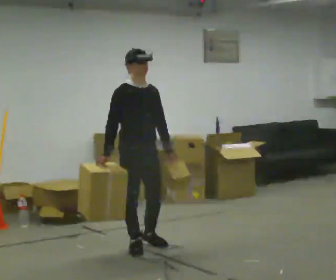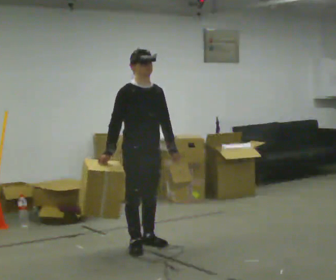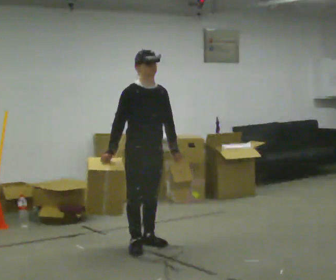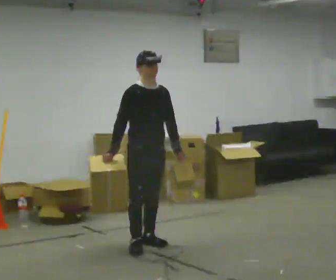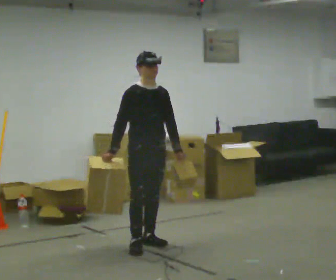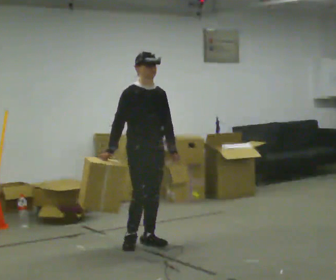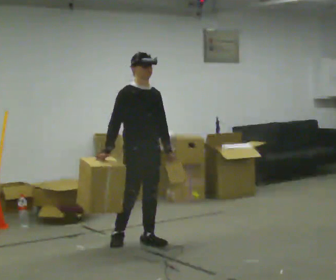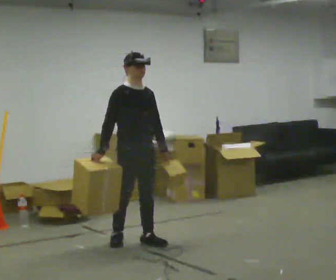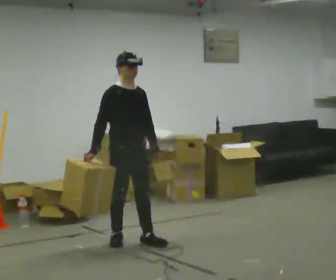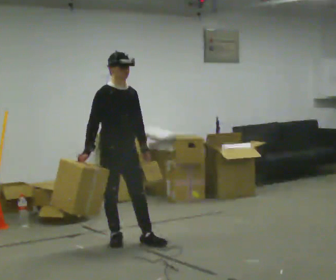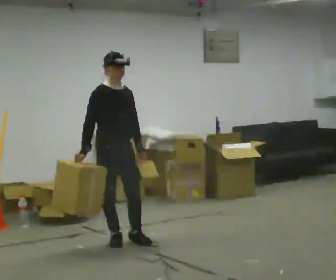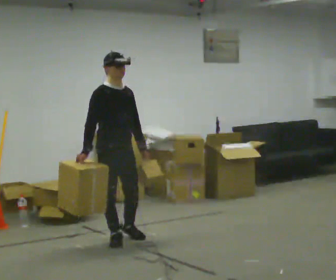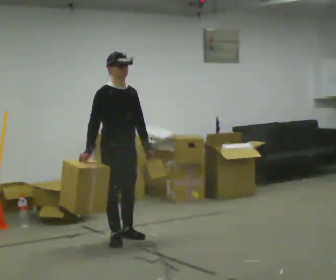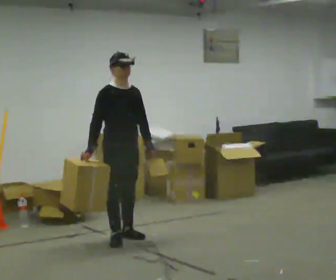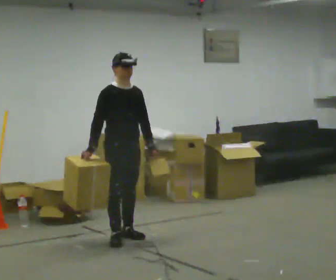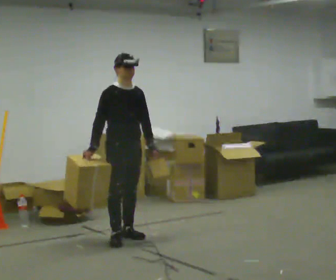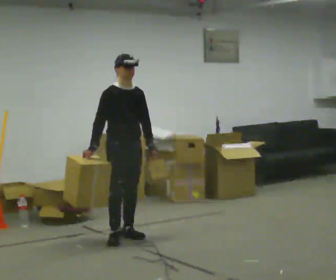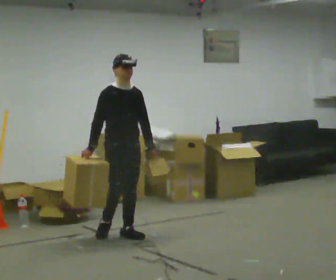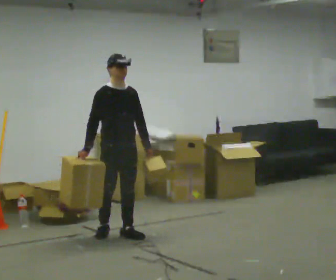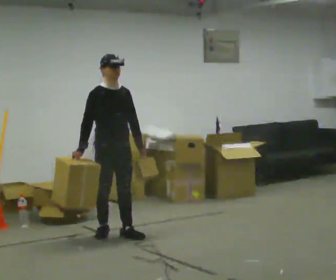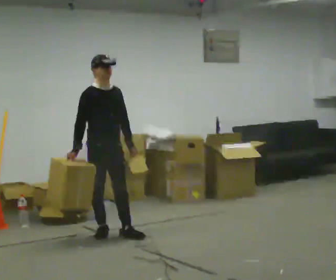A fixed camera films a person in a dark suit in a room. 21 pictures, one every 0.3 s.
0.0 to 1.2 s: In the picture they go away from the camera, about 0.25 m, which for them is to their left and backward.
1.2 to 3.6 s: In the picture they go to the left and away from the camera, about 0.25 m in 2 steps, which for them is backward and to their right.
3.6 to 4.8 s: In the picture they go away from the camera, about 0.25 m in 1 step, which for them is backward and to their left.
4.8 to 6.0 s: In the picture they go to the left, about 0.25 m, which for them is backward and to their right.
The film runs backward here.
